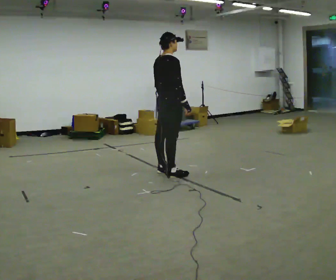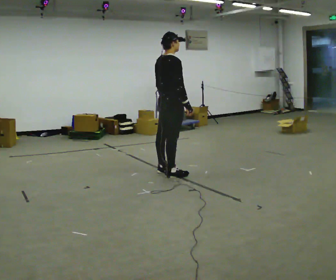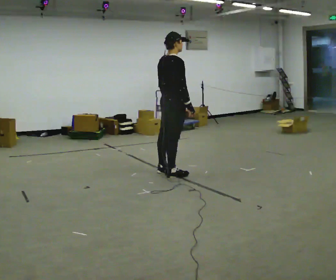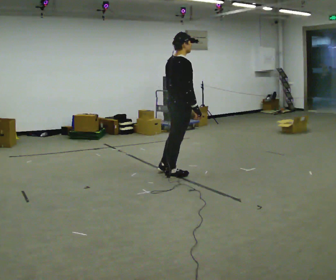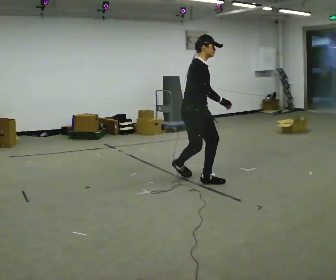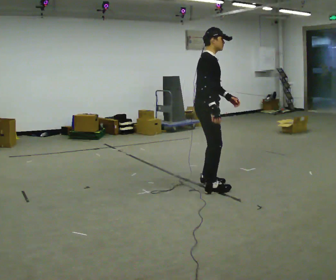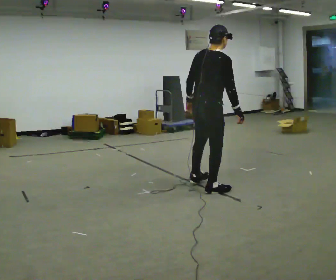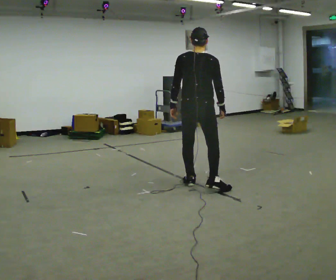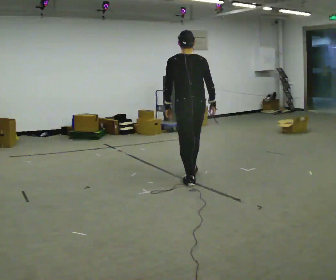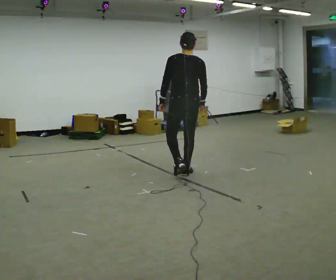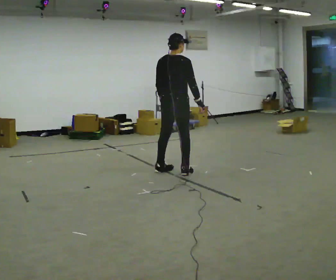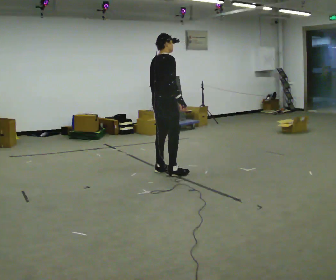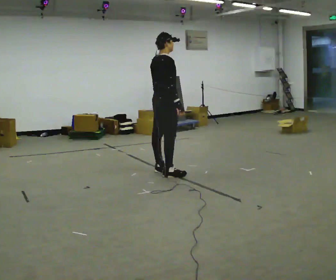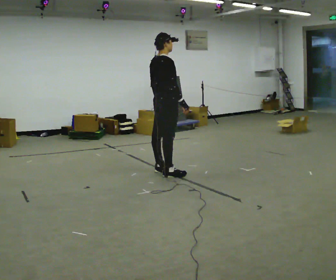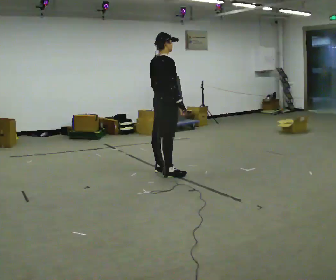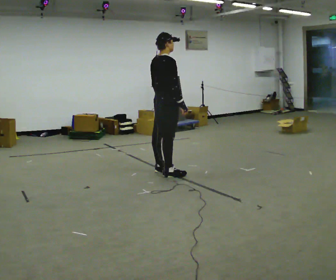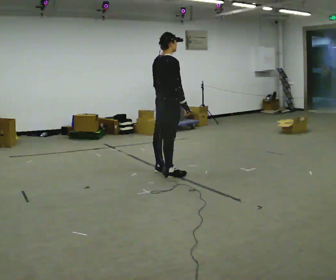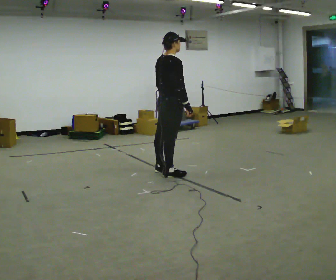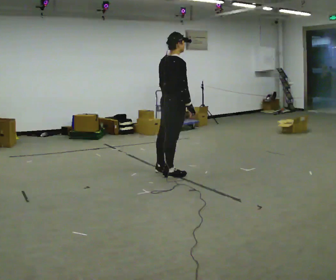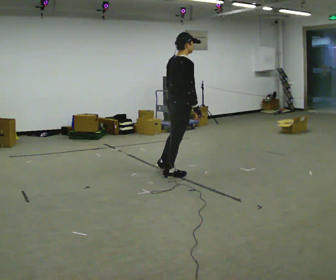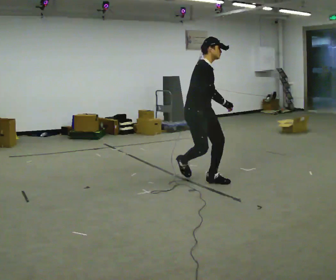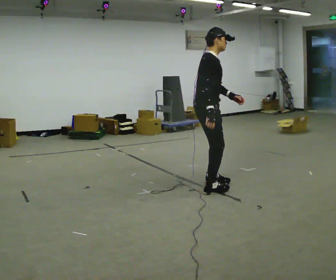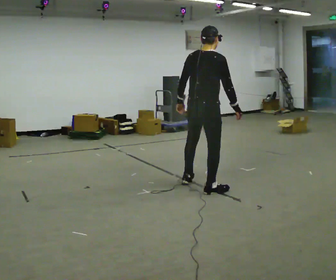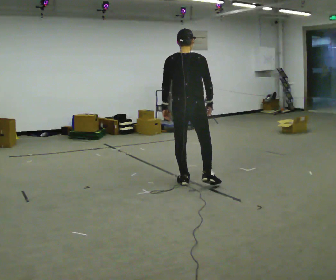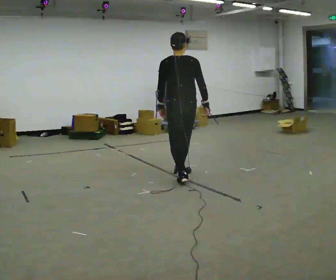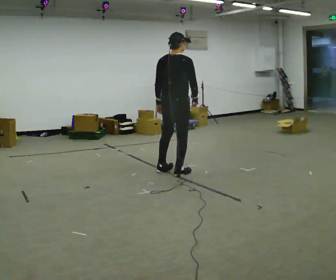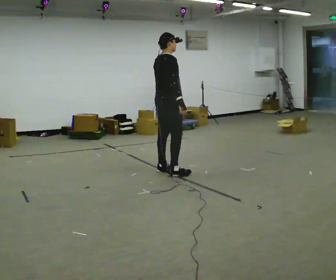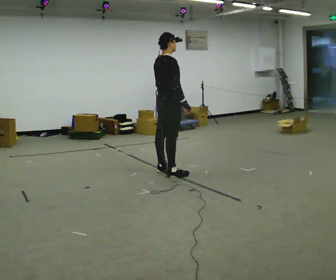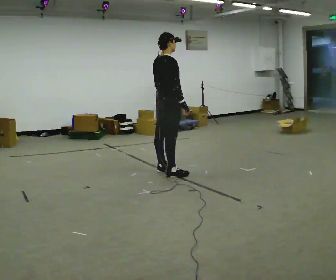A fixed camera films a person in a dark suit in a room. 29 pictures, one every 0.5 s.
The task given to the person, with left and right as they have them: Stand on the marked spots. Lean to the side the operator calls until you cannot hold it, then step to catch yourself. Return to the spots. Repeat at your own pace until the operator says stop. Go slowly and only as far as you are comfortable. Step whenever you need to; do not try to hold on longer than feels safe.
0.0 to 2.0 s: The part of the body nearest the lens slides to the left as the person turns to their right by about 60 degrees. In the picture they go to the right and toward the camera, about 0.5 m in 1 step.
2.0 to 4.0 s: Seen from above the body turns counterclockwise, about 135 degrees: to their left, with its near side sliding to the right. In the picture their left hand goes to the left.
4.0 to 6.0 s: The person turns about 75 degrees to their right, clockwise seen from above, so the part of the body nearest the lens slides to the left. In the picture they go to the left and away from the camera, about 0.5 m in 3 steps.
6.0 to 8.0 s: The person moves a little, or ends about where they began.
8.0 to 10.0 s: Seen from above the body turns clockwise, about 60 degrees: to their right, with its near side sliding to the left. In the picture they go to the right and toward the camera, about 0.5 m in 1 step.
10.0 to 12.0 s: The person turns about 120 degrees to their left, counterclockwise seen from above, so the part of the body nearest the lens slides to the right. In the picture they go to the left and away from the camera, about 0.25 m in 3 steps.
12.0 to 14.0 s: Seen from above the body turns clockwise, about 60 degrees: to their right, with its near side sliding to the left. In the picture they go to the left and away from the camera, about 0.25 m in 1 step.
The film runs forward here.
